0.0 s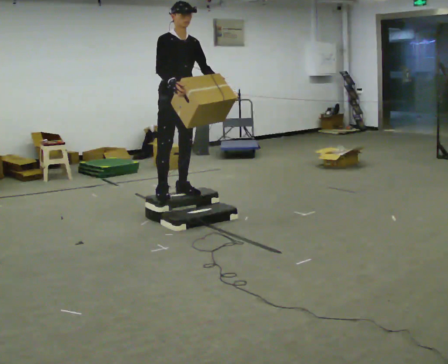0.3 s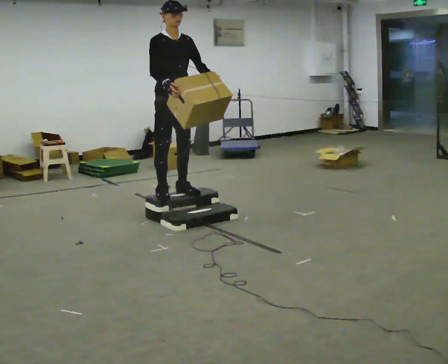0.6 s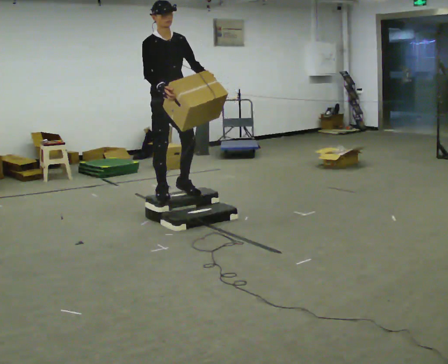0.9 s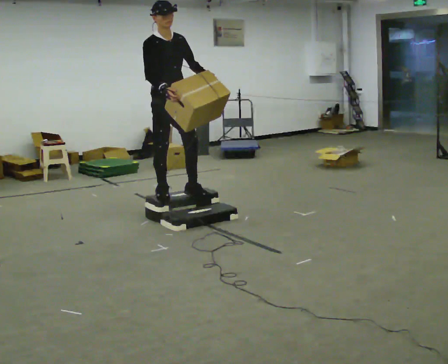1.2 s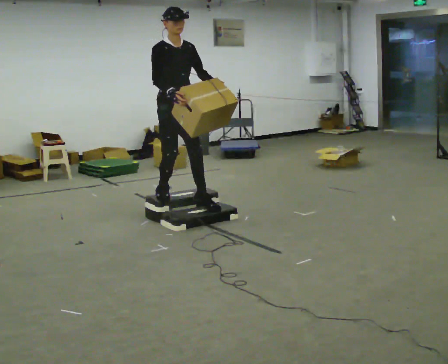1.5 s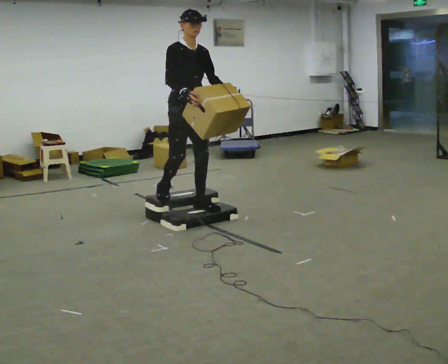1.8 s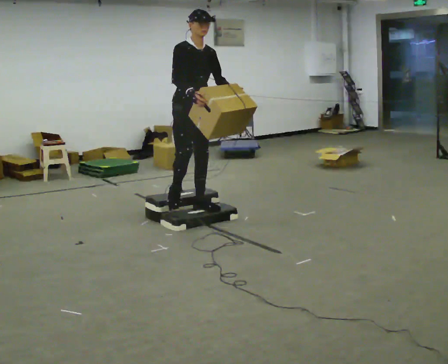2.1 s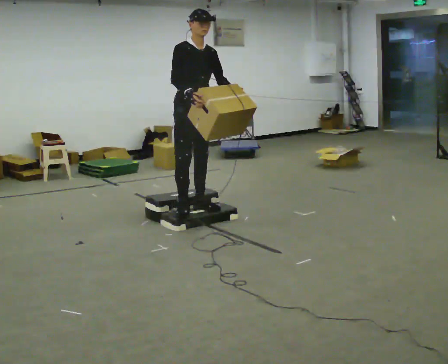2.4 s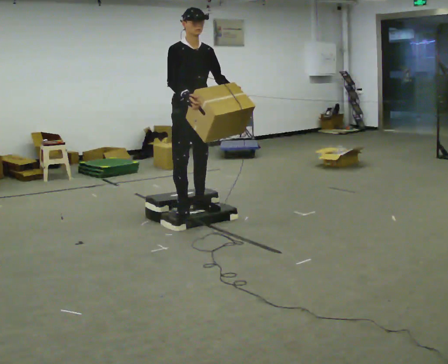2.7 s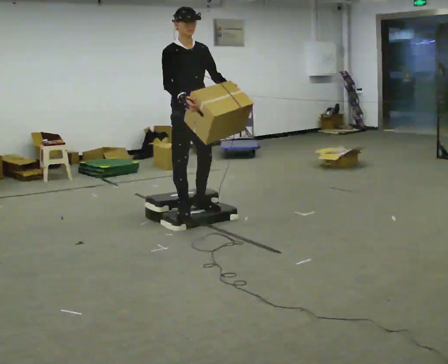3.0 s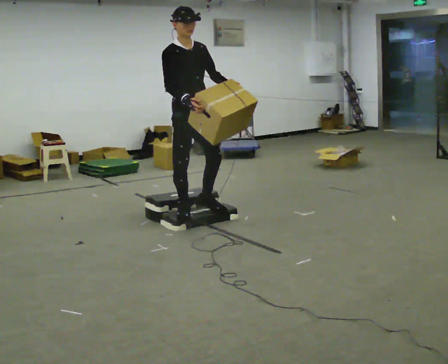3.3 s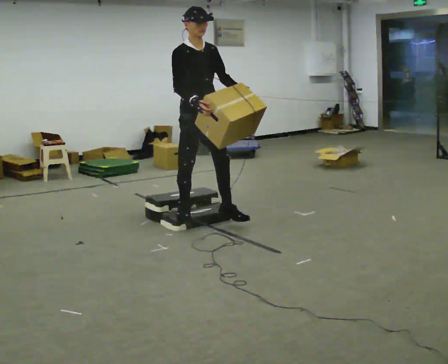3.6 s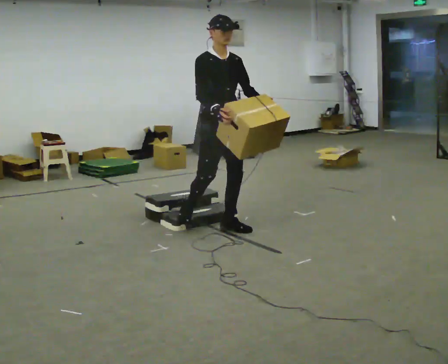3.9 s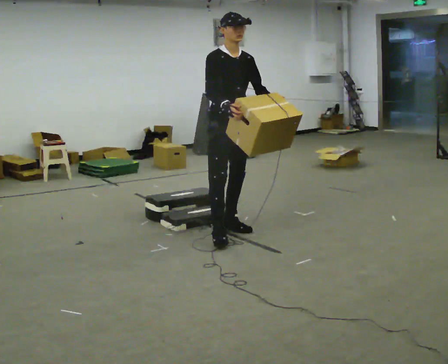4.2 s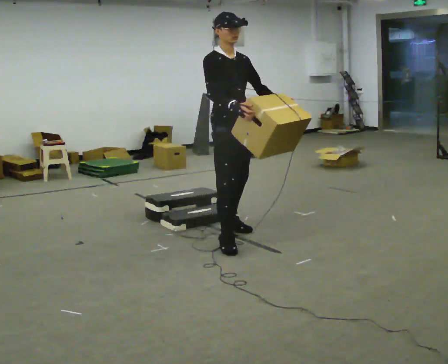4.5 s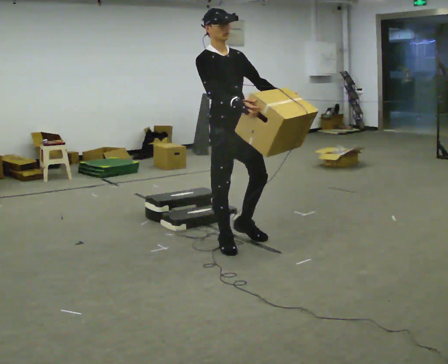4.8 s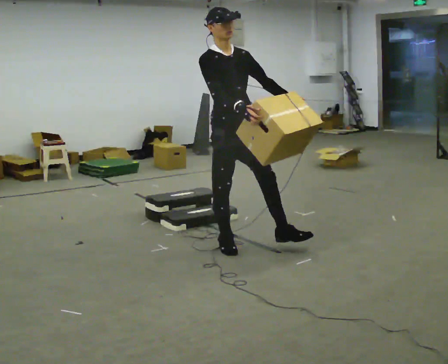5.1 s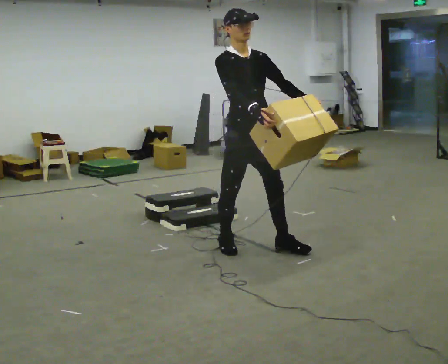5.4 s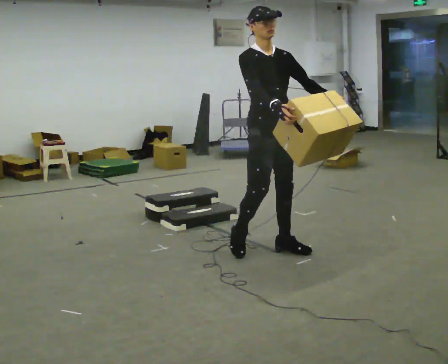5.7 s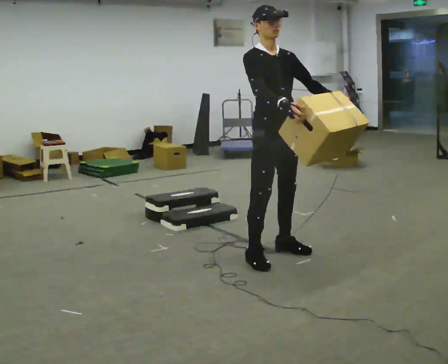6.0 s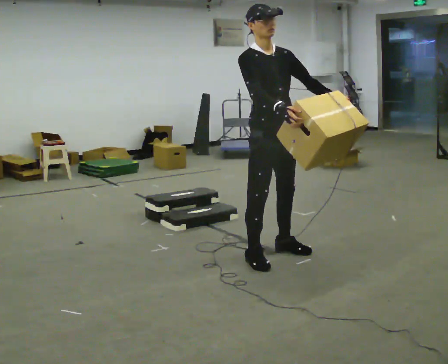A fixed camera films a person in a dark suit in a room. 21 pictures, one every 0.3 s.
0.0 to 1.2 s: The person moves a little, or ends about where they began.
1.2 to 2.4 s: In the picture they go toward the camera, about 0.25 m in 1 step, which for them is forward.
2.4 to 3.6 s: In the picture they go toward the camera and to the right, about 0.25 m in 1 step, which for them is forward.
3.6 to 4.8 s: In the picture they go toward the camera, about 0.5 m in 1 step, which for them is forward and to their right.
4.8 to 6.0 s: In the picture they go toward the camera and to the right, about 0.25 m in 2 steps, which for them is forward.
The film runs forward here.
